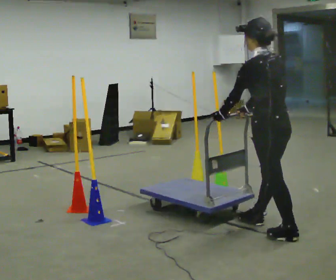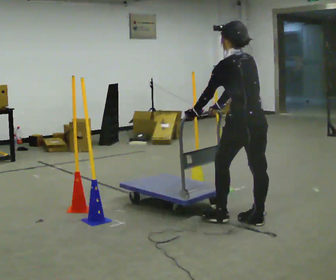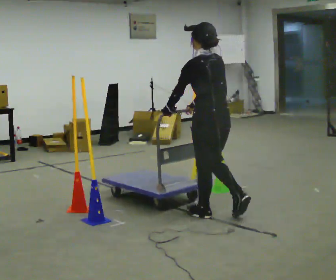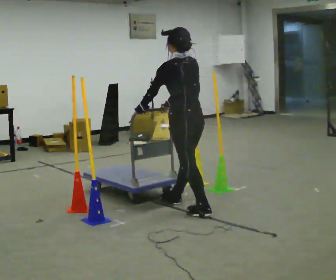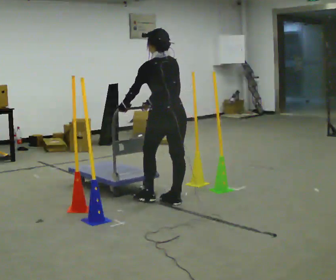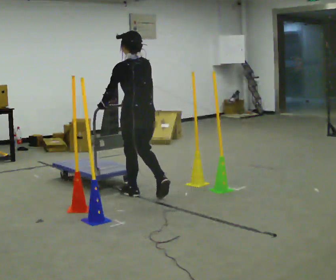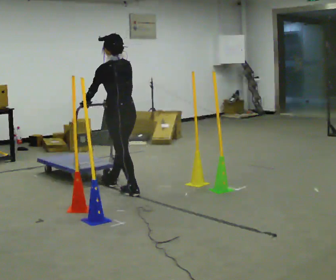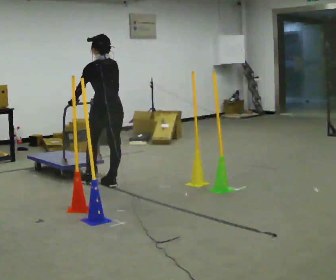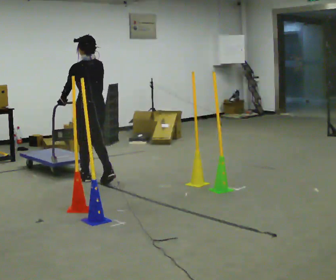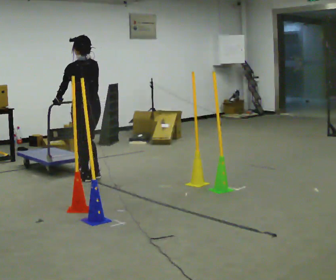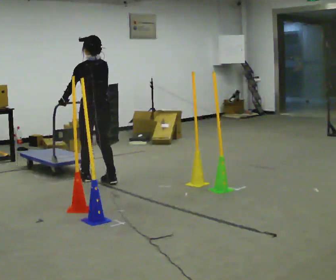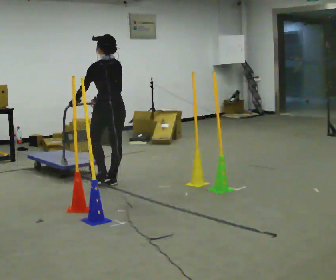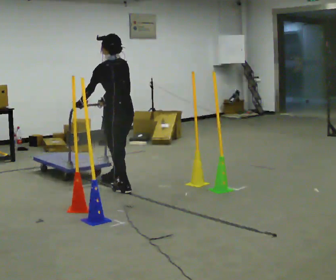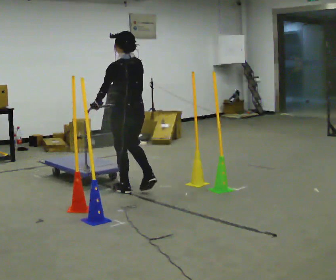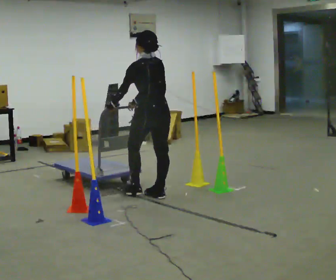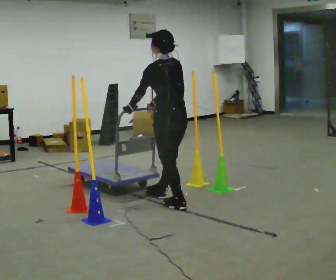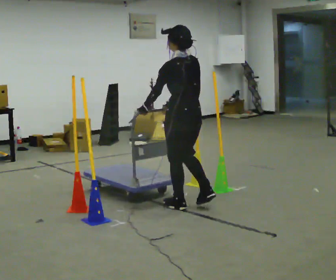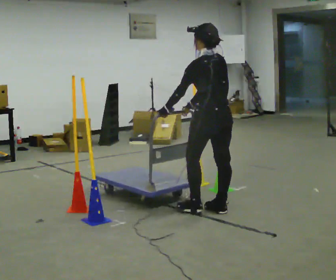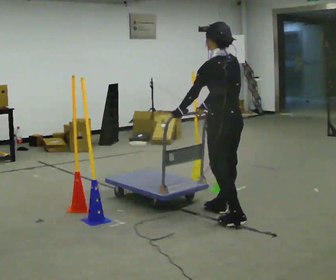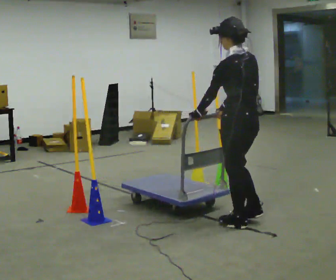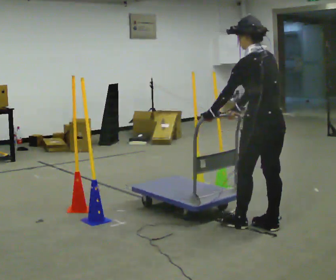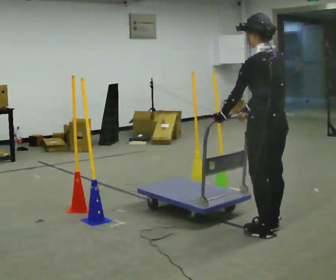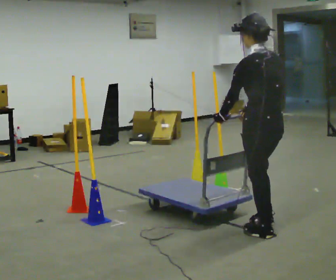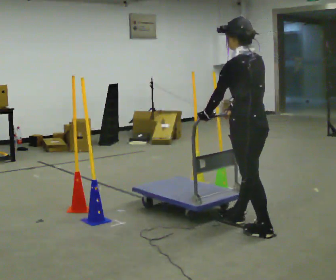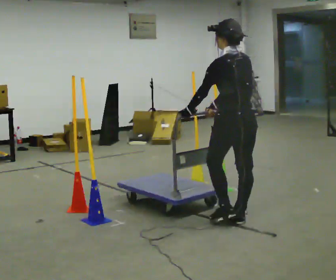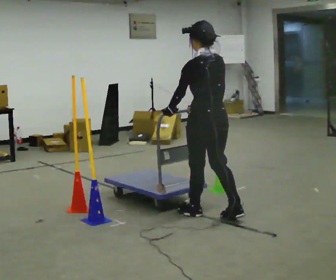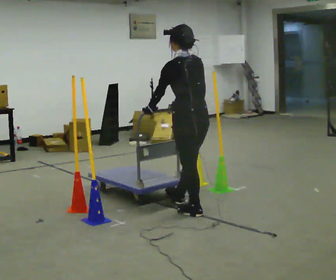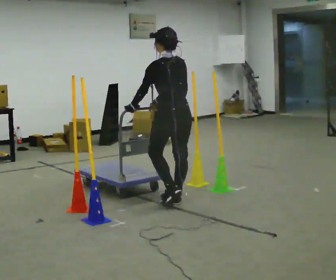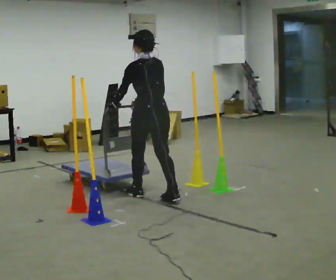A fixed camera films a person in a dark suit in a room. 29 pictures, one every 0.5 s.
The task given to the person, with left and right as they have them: Push the cart in and out of the line of poles without touching any of them. Keep going until the operator says stop.
0.0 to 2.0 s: In the picture they go away from the camera and to the left, about 1 m in 2 steps, which for them is forward.
2.0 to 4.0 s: In the picture they go to the left and away from the camera, about 1 m in 3 steps, which for them is forward.
4.0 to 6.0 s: In the picture they go to the right and toward the camera, about 0.5 m in 3 steps, which for them is backward.
6.0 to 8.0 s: In the picture they go toward the camera and to the right, about 1 m in 2 steps, which for them is backward.
8.0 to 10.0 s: In the picture they go toward the camera and to the right, about 1 m in 3 steps, which for them is backward.
10.0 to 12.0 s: In the picture they go away from the camera and to the left, about 0.25 m in 2 steps, which for them is forward.
12.0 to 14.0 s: In the picture they go away from the camera and to the left, about 1 m in 3 steps, which for them is forward.
The film runs forward here.
